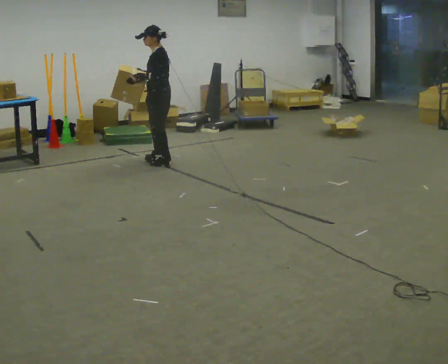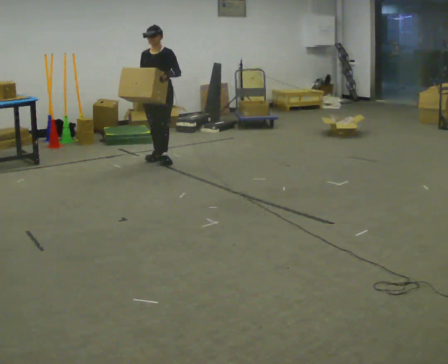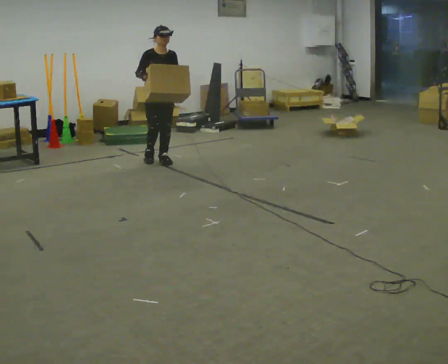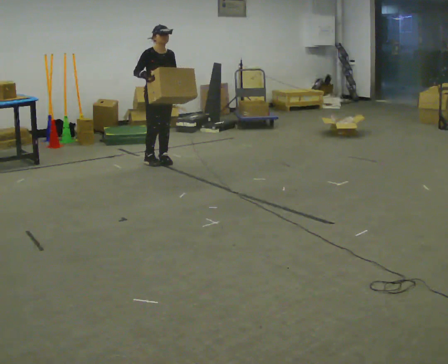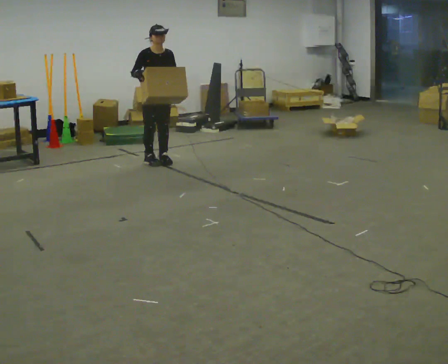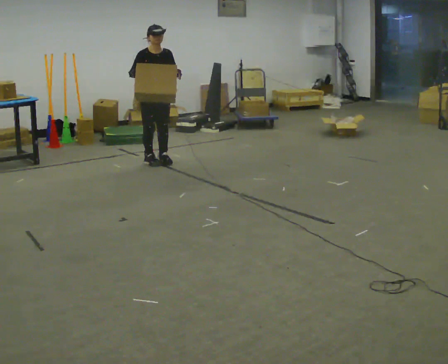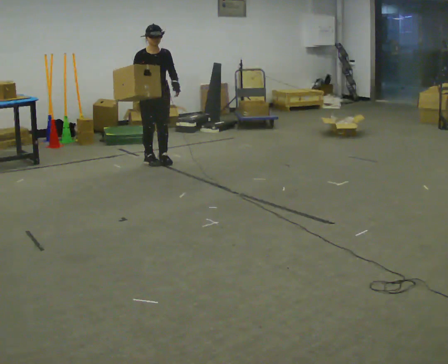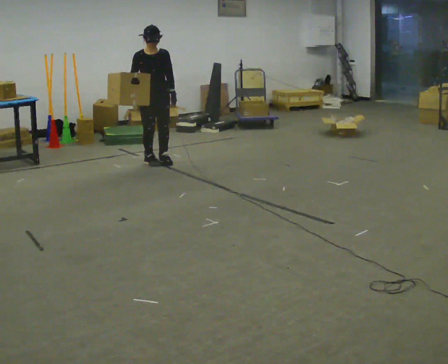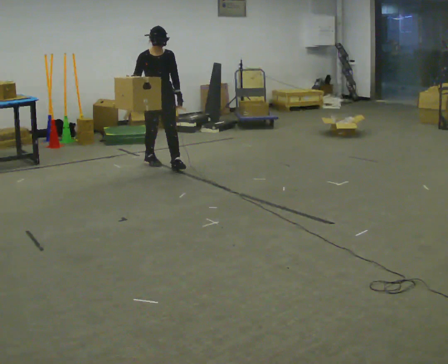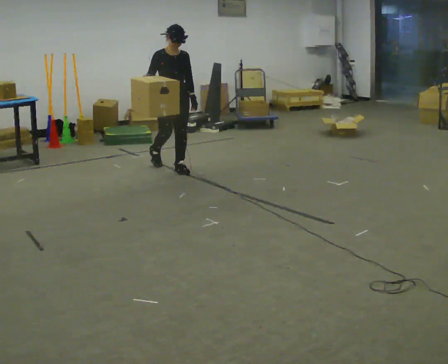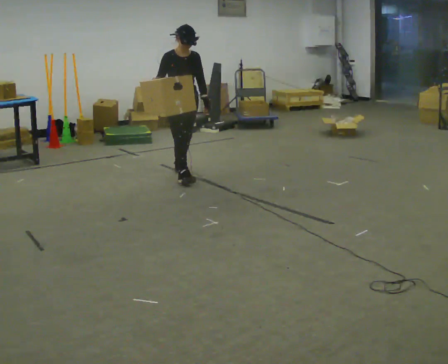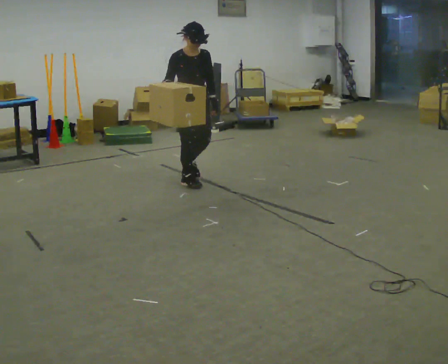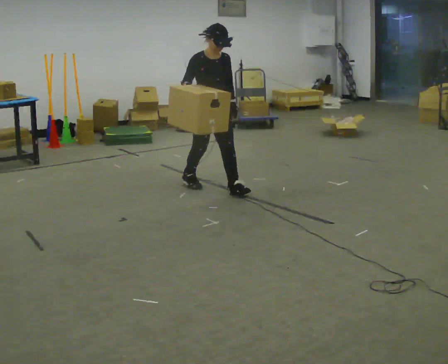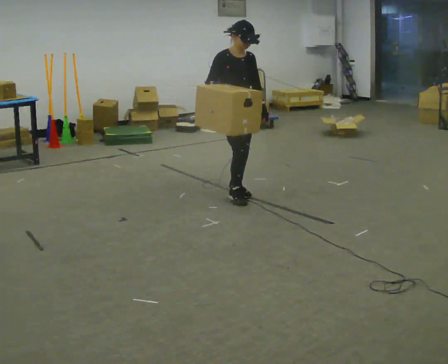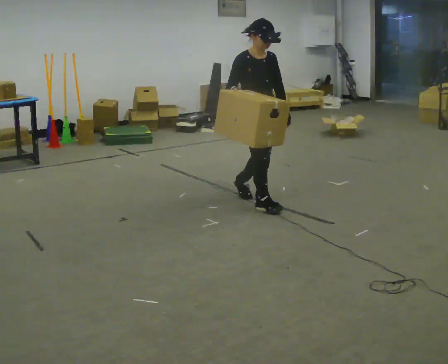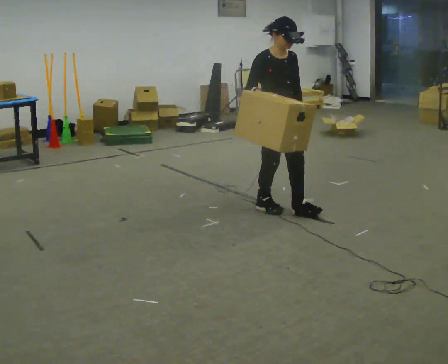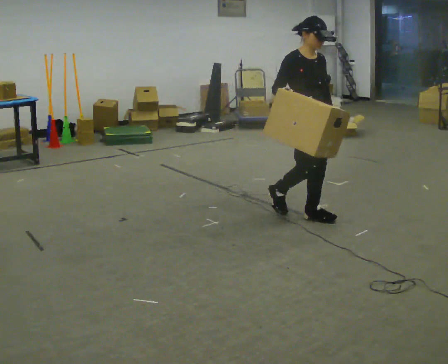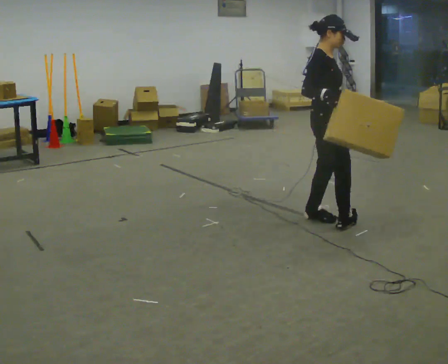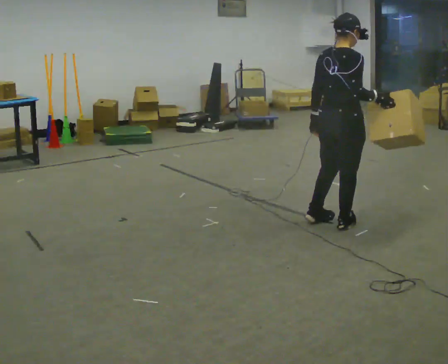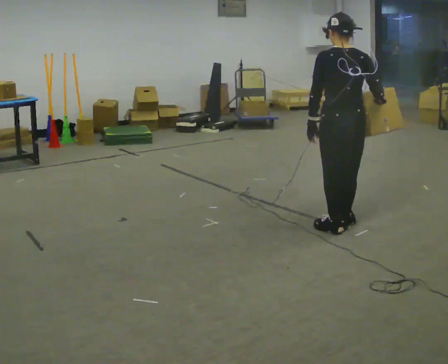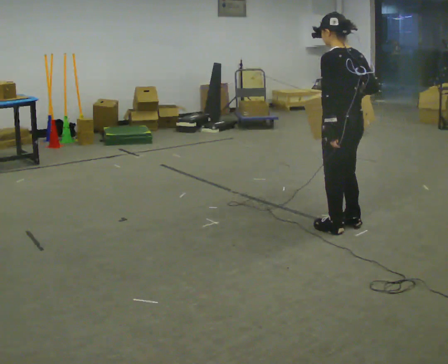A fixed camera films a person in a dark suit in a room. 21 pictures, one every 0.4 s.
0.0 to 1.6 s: Seen from above the body turns counterclockwise, about 105 degrees: to their left, with its near side sliding to the right.
1.6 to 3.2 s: In the picture they go toward the camera, about 0.25 m, which for them is forward.
3.2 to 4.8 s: In the picture they go toward the camera and to the right, about 1 m in 3 steps, which for them is forward.
4.8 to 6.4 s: In the picture they go toward the camera and to the right, about 1 m in 2 steps, which for them is forward.
6.4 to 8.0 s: The person turns about 180 degrees to their left, counterclockwise seen from above, so the part of the body nearest the lens slides to the right. In the picture they go toward the camera and to the right, about 0.5 m in 2 steps.
The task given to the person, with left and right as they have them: Carry the box and, while walking, shift it to a different hold: front, then hip, then shoulder, then back to front. Do not stop walking.
The film runs forward here.
